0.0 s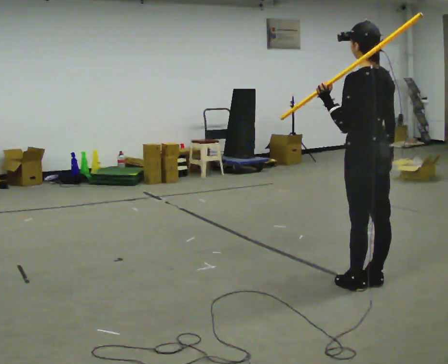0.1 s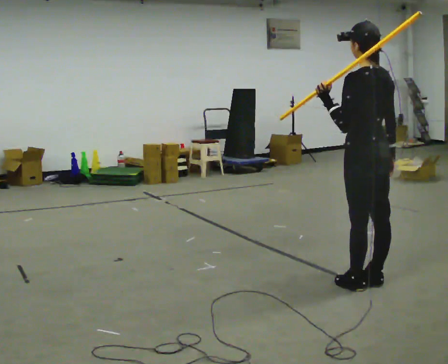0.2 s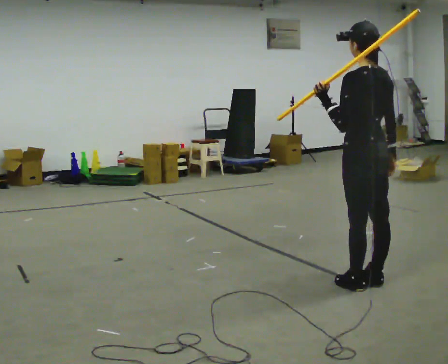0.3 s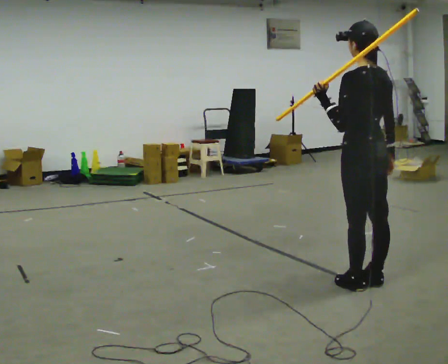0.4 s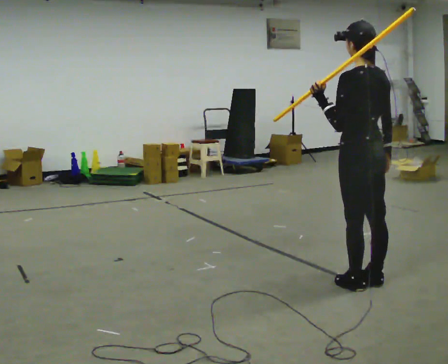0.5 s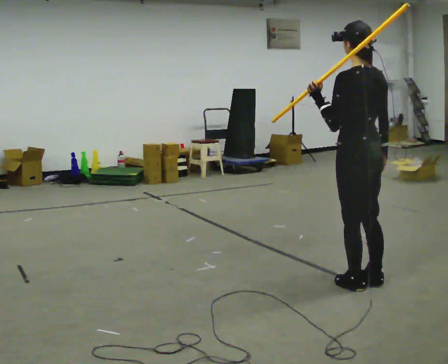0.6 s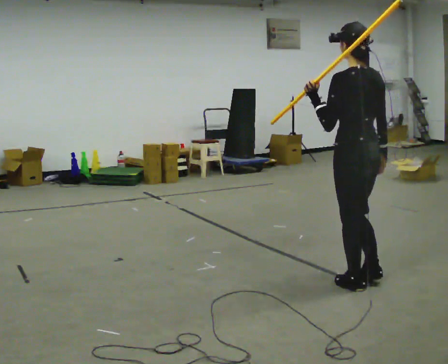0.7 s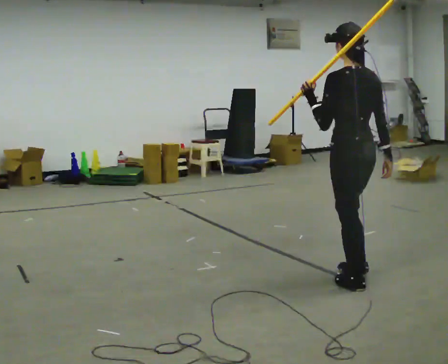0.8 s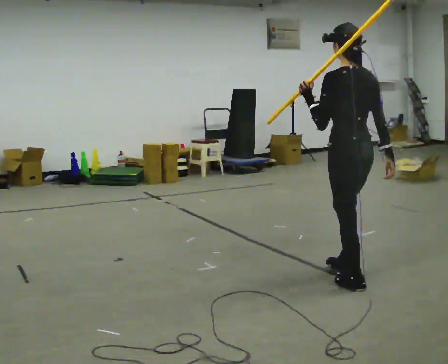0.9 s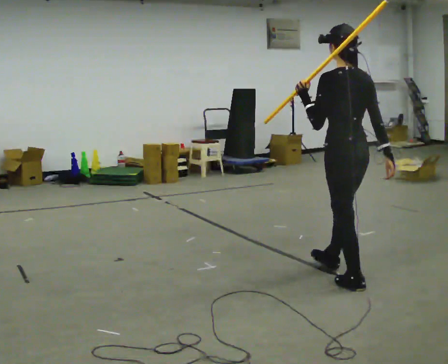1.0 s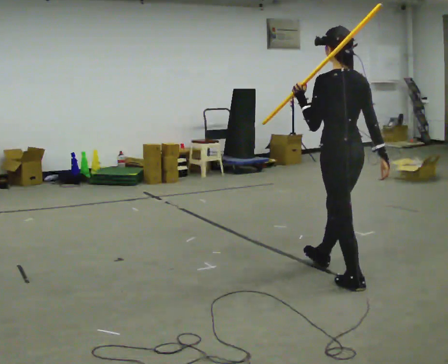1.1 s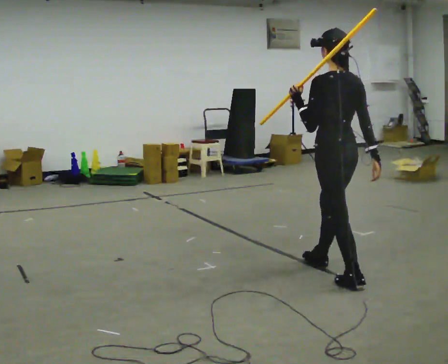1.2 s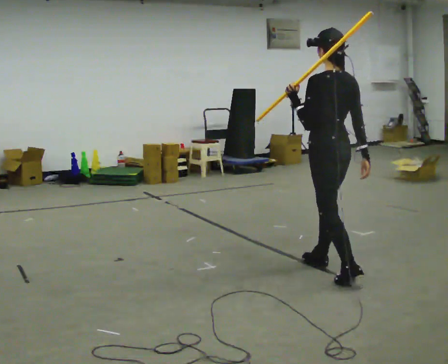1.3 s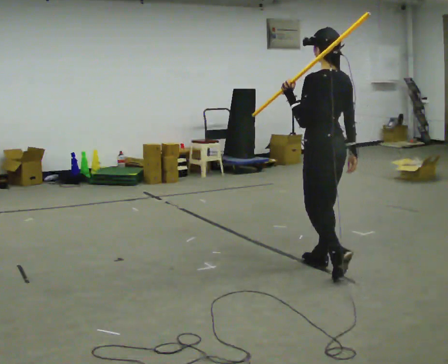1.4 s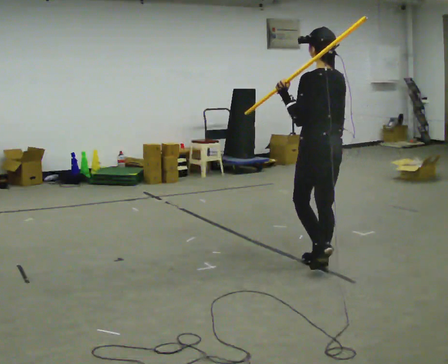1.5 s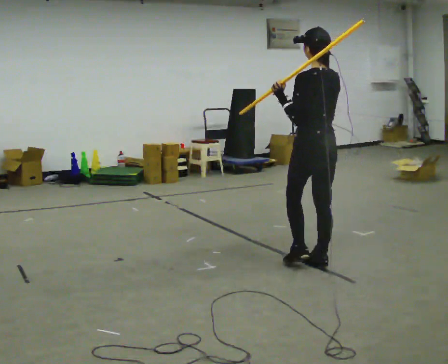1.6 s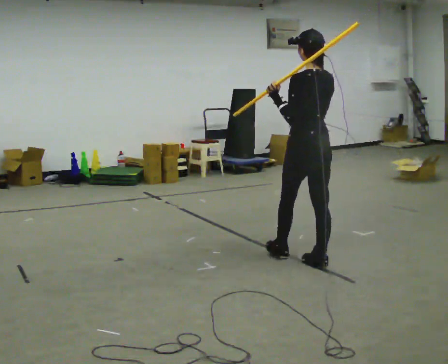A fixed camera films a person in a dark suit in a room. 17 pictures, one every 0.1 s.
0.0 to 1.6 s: In the picture they go away from the camera and to the left, about 0.5 m in 1 step, which for them is forward.
The film runs forward here.
